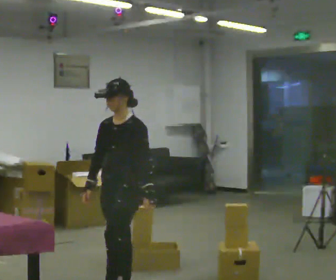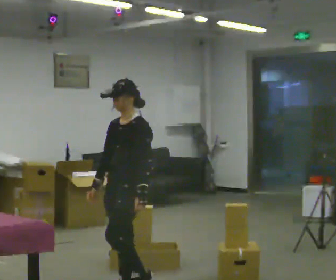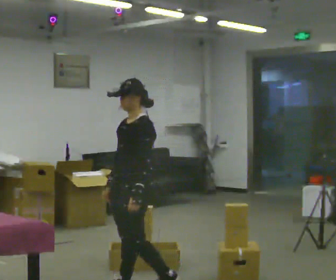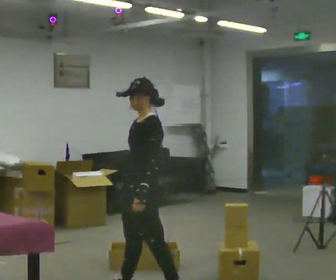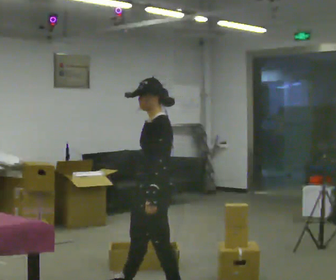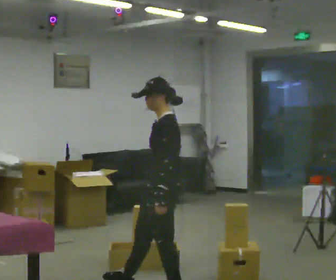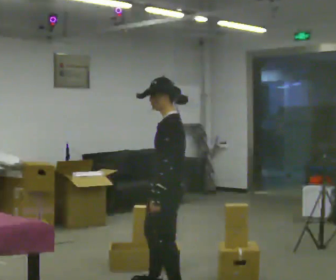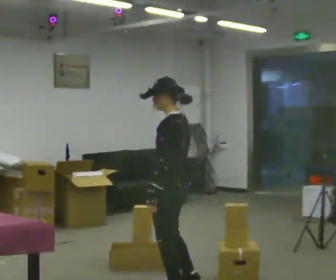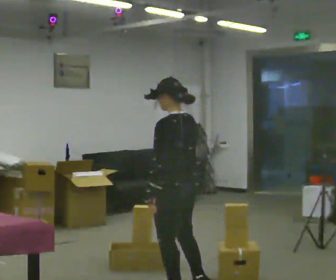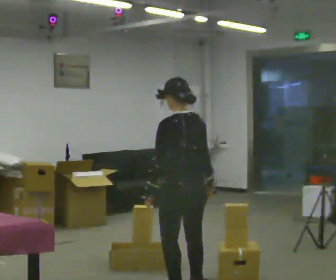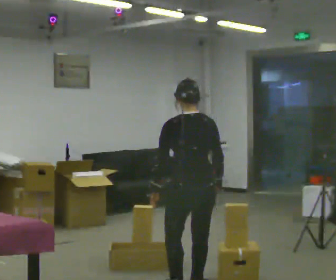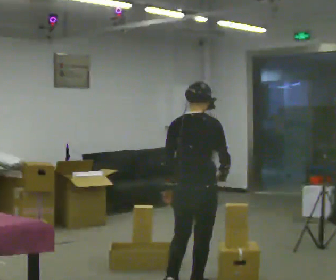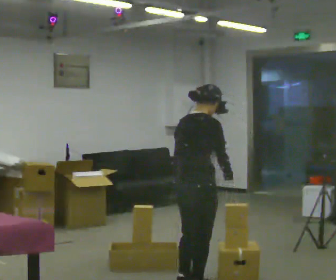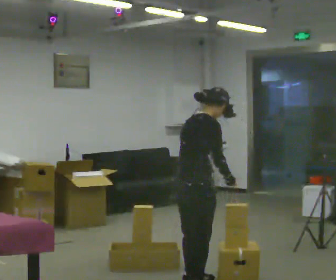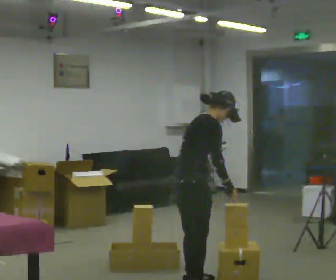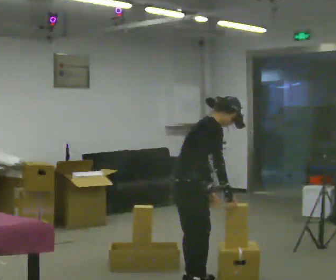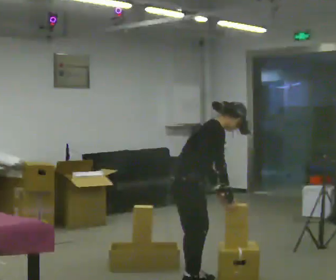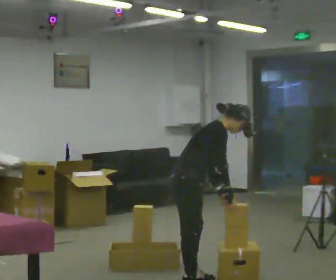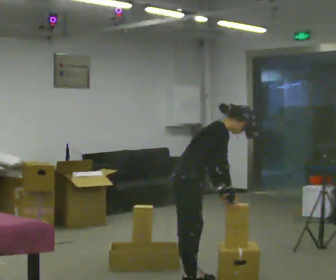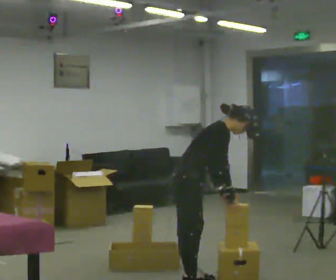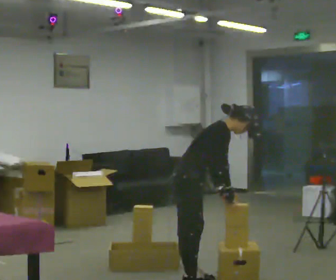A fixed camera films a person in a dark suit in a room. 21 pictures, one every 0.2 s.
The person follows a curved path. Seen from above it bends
counterclockwise.
The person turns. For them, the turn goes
to their right.
0.0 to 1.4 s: The part of the body nearest the lens slides to the left as the person turns to their right by about 60 degrees. In the picture they go to the right, about 0.25 m in 1 step.
1.4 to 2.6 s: The person turns about 135 degrees to their right, clockwise seen from above, so the part of the body nearest the lens slides to the left.
2.6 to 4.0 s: The part of the body nearest the lens slides to the left as the person turns to their right by about 30 degrees. In the picture they go away from the camera, about 0.25 m, which for them is to their left. In the picture the upper body tilts clockwise, shoulders to the right, as they bend forward.
The film runs backward here.
